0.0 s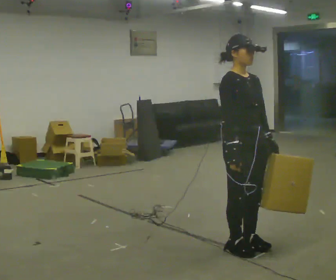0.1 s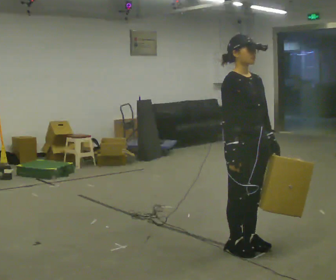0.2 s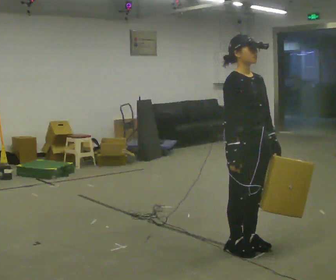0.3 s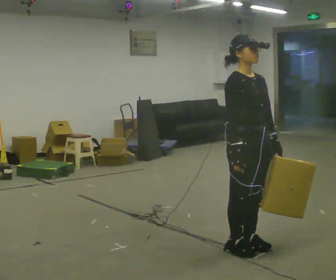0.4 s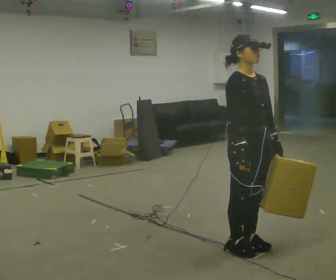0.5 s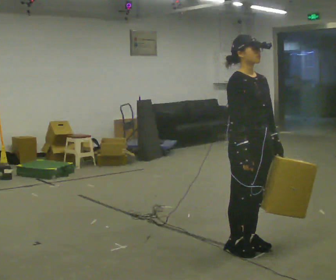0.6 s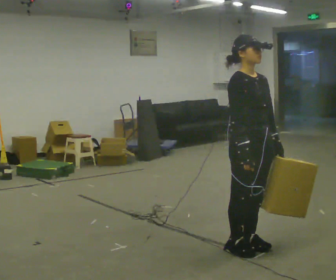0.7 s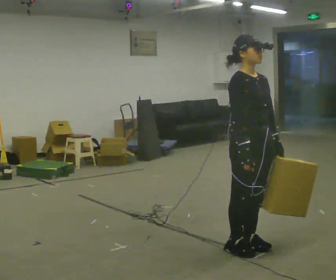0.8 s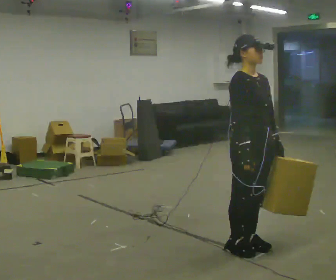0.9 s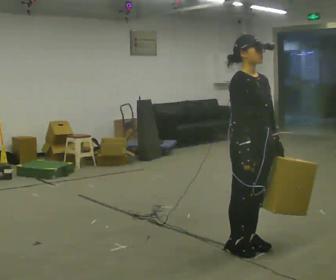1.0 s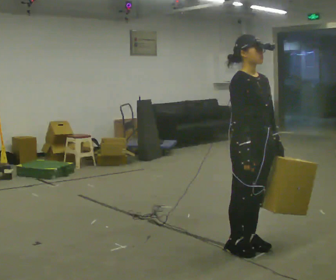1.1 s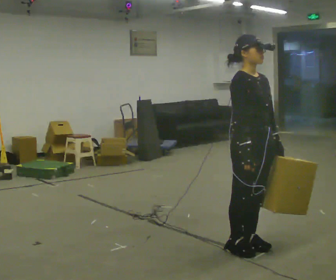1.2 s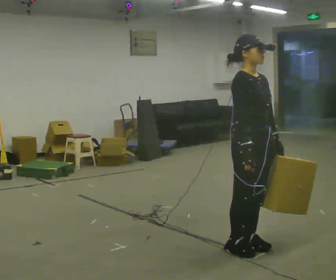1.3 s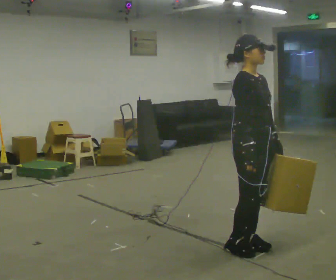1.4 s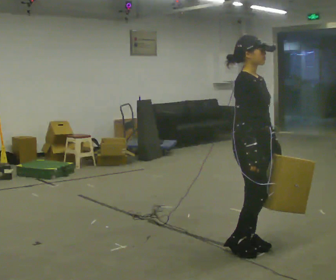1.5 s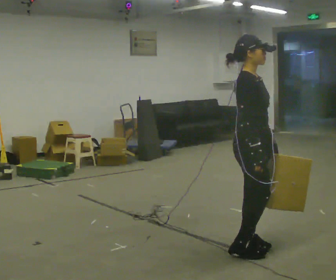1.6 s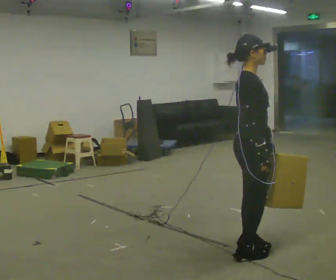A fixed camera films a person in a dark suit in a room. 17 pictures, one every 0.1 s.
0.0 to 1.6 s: The person turns about 45 degrees to their left, counterclockwise seen from above, so the part of the body nearest the lens slides to the right.
The film runs forward here.
